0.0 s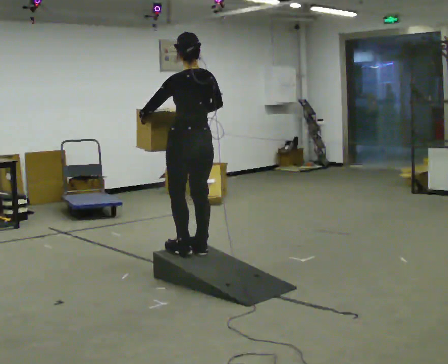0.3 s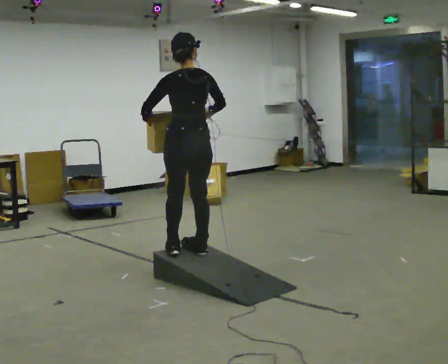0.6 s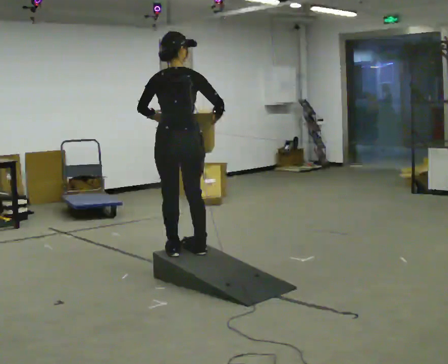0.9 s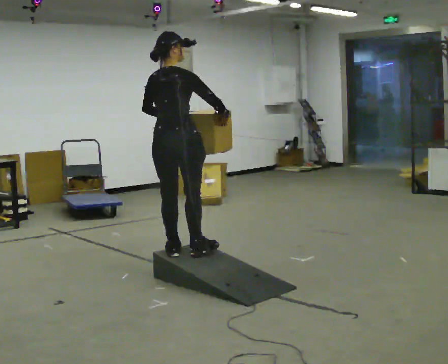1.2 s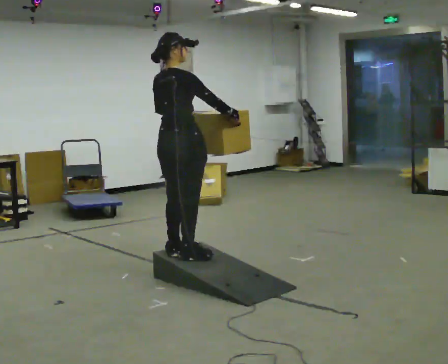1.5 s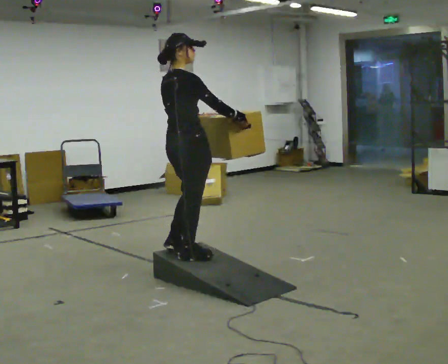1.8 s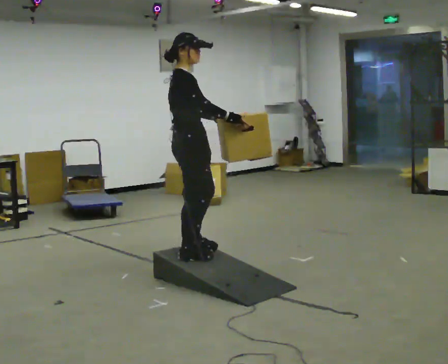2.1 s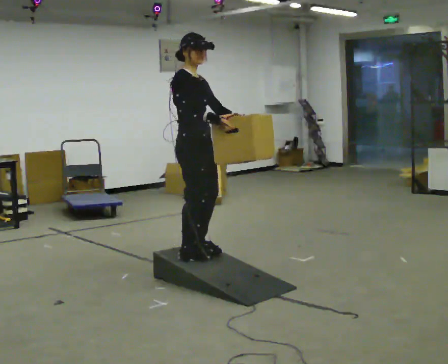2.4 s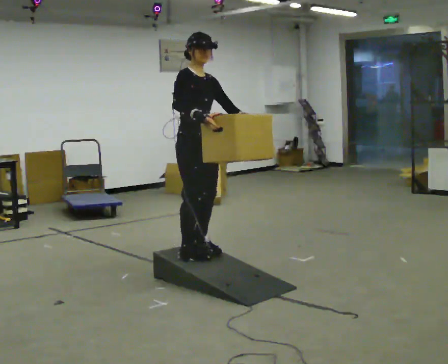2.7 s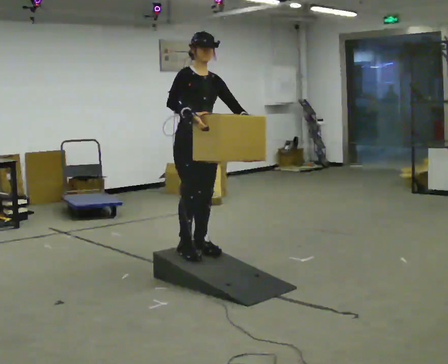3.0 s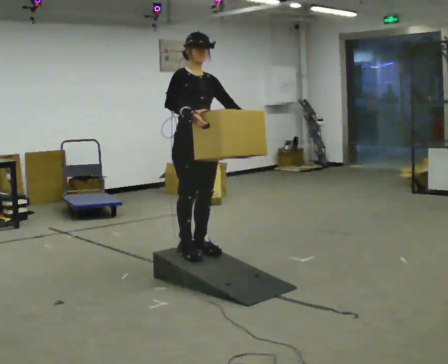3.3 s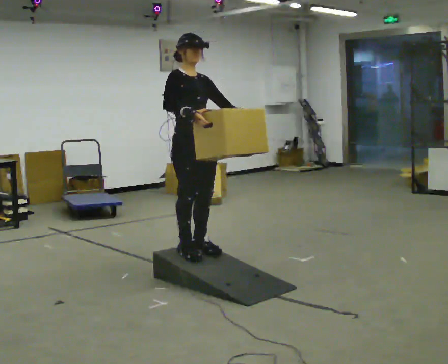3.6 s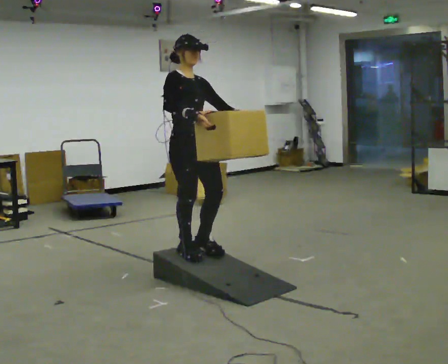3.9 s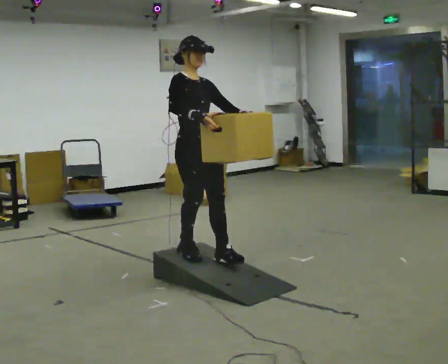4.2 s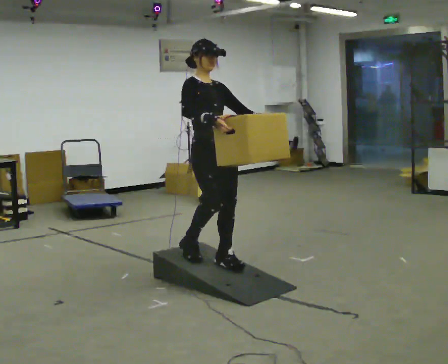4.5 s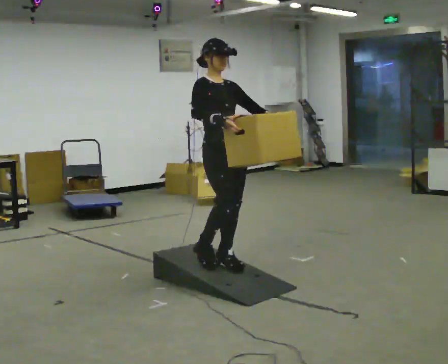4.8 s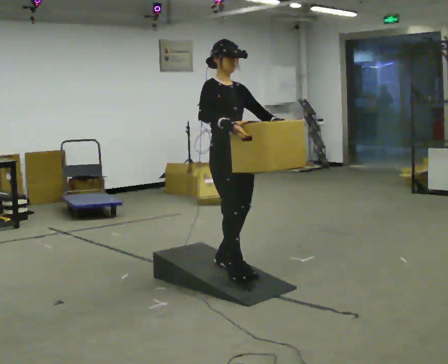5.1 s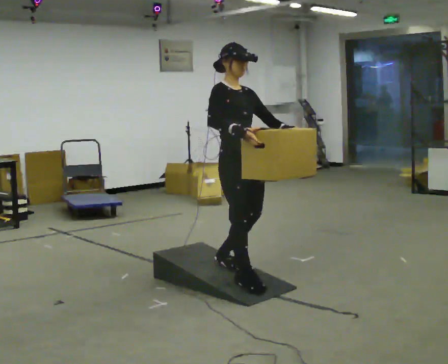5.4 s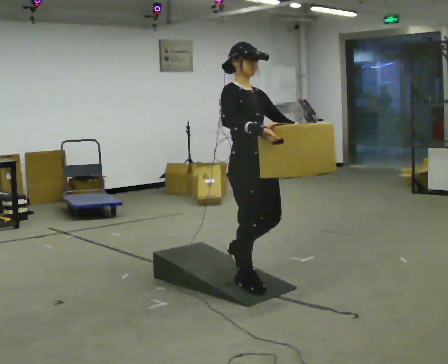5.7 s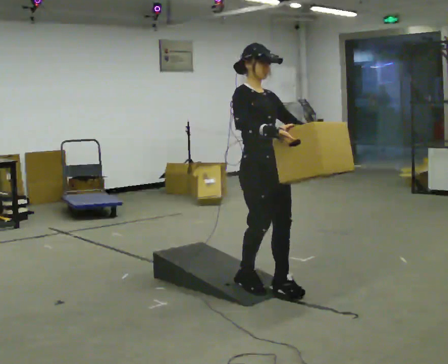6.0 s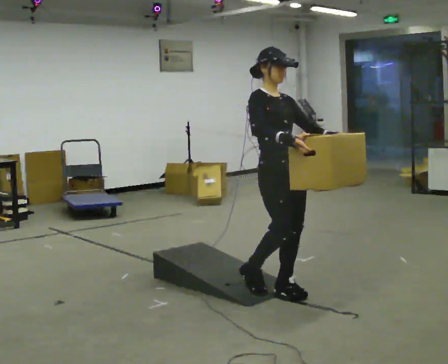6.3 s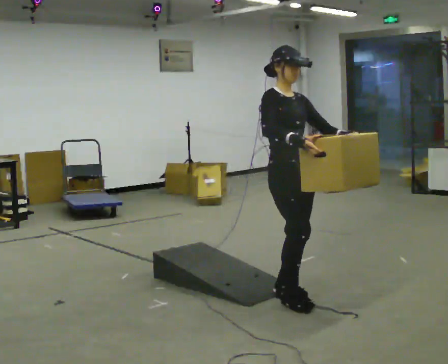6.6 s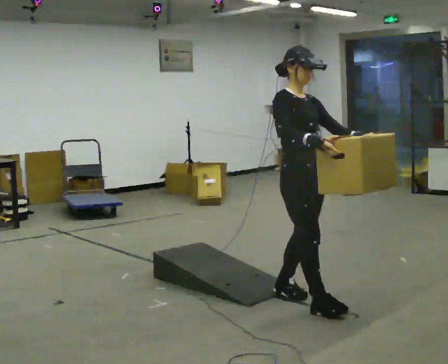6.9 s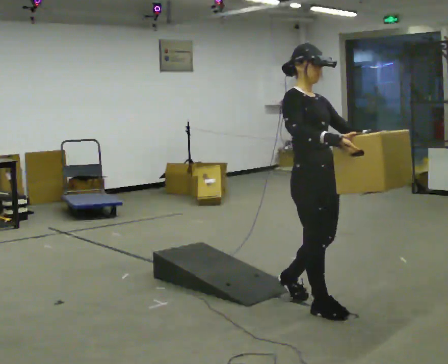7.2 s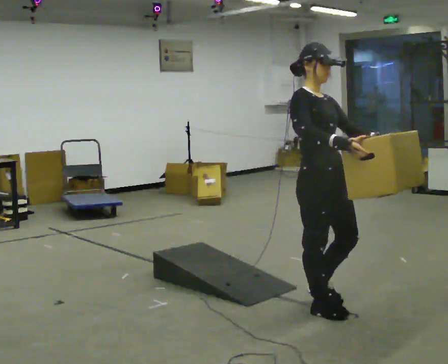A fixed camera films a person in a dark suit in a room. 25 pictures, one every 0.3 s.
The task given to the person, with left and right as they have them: Carry the box up the ramp, turn at the top, and carry it back down. Keep going until the operator says stop; one object at a time, and do not rush between trips.
0.0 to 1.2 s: The part of the body nearest the lens slides to the left as the person turns to their right by about 75 degrees.
1.2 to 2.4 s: The person turns about 105 degrees to their right, clockwise seen from above, so the part of the body nearest the lens slides to the left. In the picture their right hand goes to the left.
2.4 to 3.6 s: The person moves a little, or ends about where they began.
3.6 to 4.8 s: In the picture they go to the right and toward the camera, about 0.25 m in 2 steps, which for them is forward.
4.8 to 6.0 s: In the picture they go toward the camera and to the right, about 0.5 m in 1 step, which for them is forward.
6.0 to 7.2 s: In the picture they go toward the camera, about 0.5 m in 1 step, which for them is forward.
The film runs forward here.
